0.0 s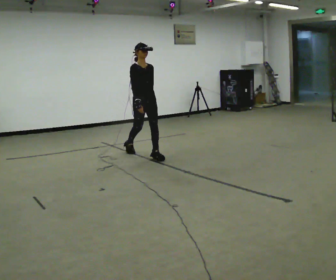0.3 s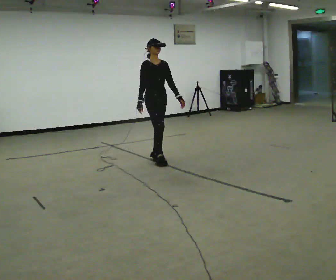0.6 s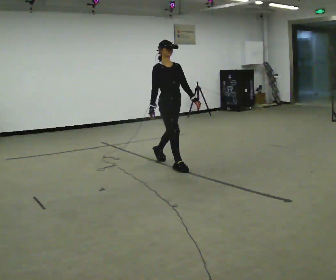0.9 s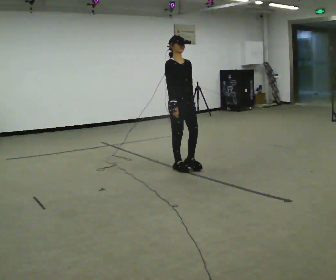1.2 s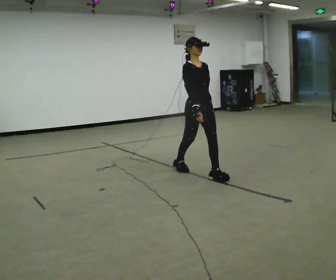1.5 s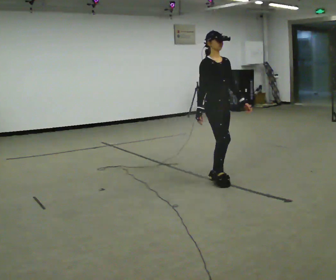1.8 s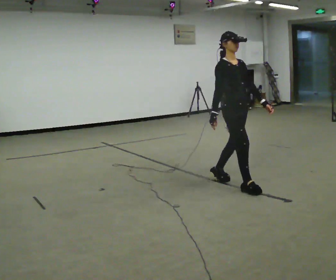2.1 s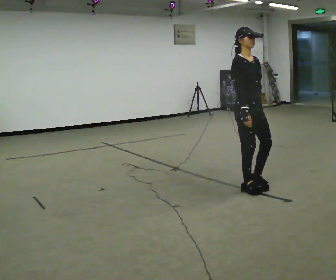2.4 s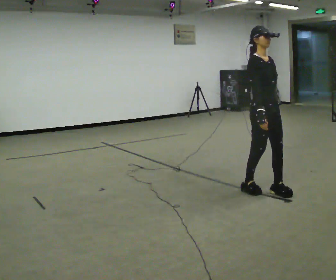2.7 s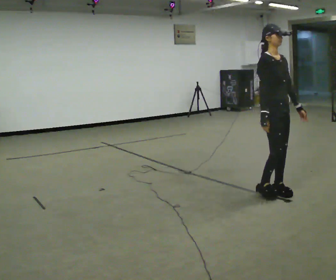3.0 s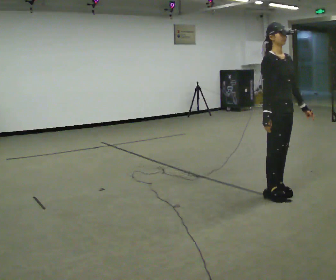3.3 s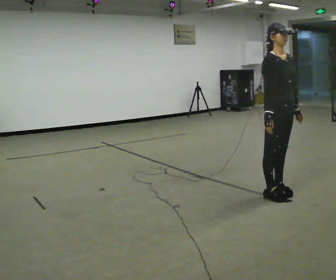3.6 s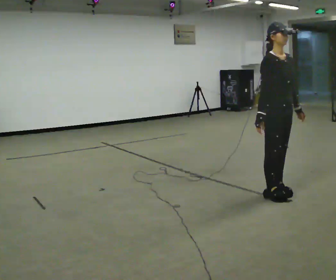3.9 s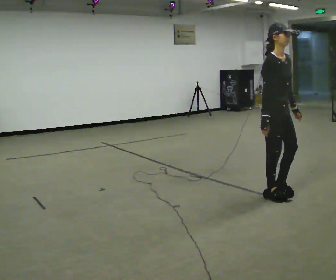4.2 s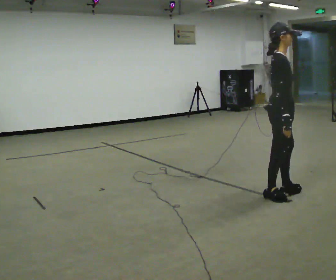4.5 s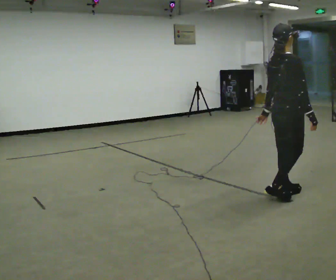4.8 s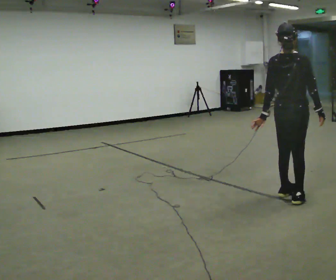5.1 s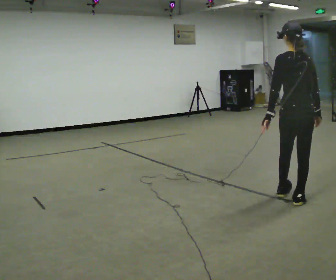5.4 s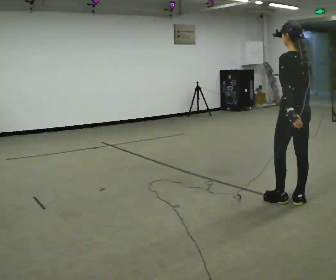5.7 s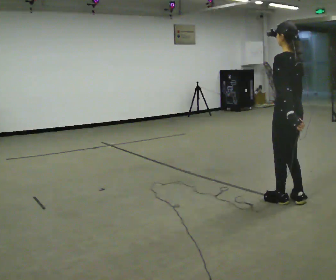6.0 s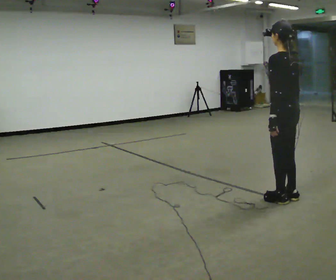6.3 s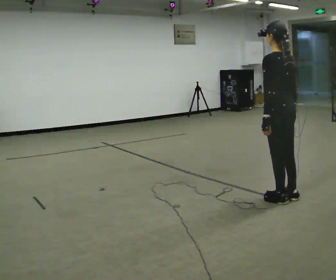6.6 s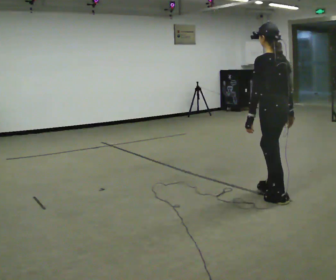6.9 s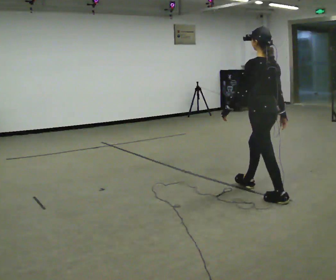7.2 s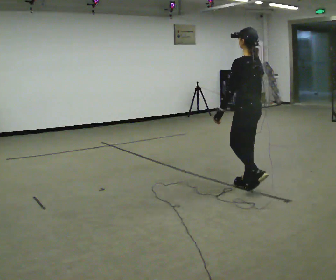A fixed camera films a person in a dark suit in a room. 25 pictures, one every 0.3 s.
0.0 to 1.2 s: In the picture they go toward the camera and to the right, about 1 m in 2 steps, which for them is forward.
1.2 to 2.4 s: In the picture they go to the right and toward the camera, about 1 m in 2 steps, which for them is forward.
2.4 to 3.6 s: The person moves a little, or ends about where they began.
3.6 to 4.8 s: Seen from above the body turns counterclockwise, about 120 degrees: to their left, with its near side sliding to the right. In the picture their right hand goes to the right, the arm swinging counterclockwise.
4.8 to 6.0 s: The part of the body nearest the lens slides to the right as the person turns to their left by about 60 degrees.
6.0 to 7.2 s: In the picture they go away from the camera and to the left, about 0.5 m in 1 step, which for them is forward.
The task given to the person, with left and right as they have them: Start still; walk straight at normal comfortable speed; stop at endpoint.
The film runs forward here.
